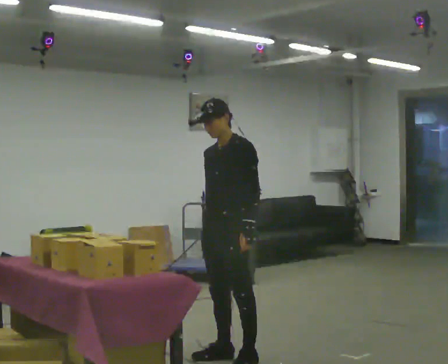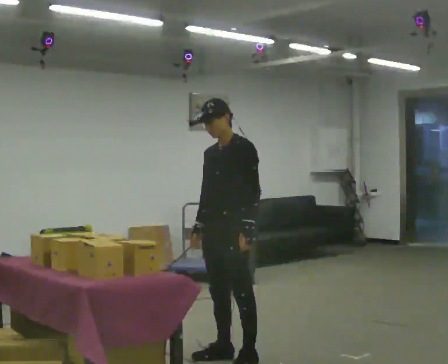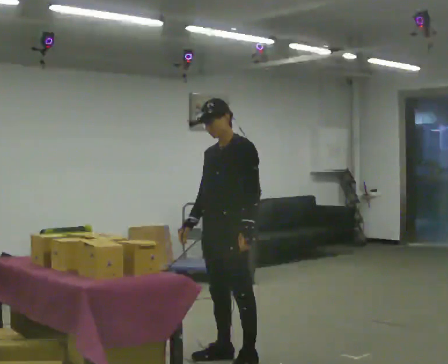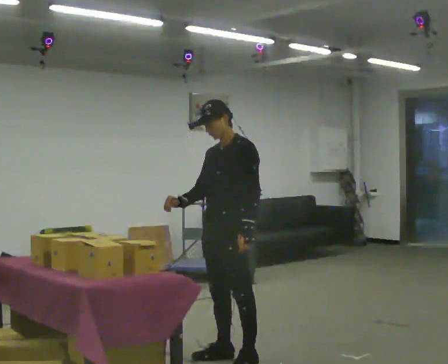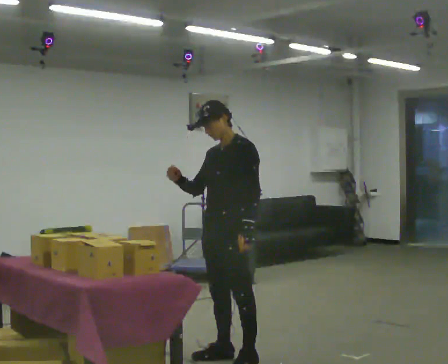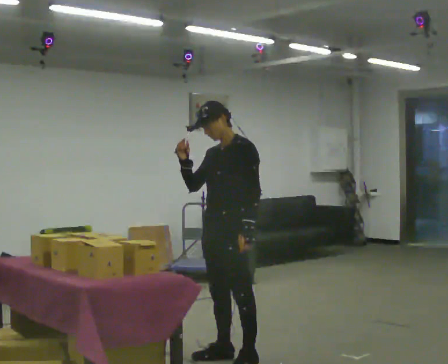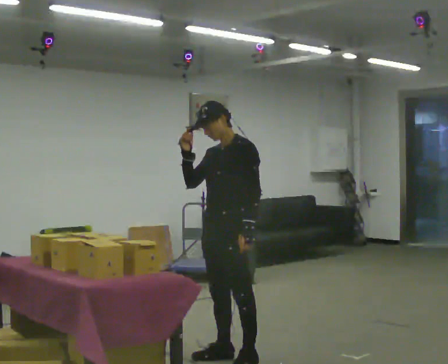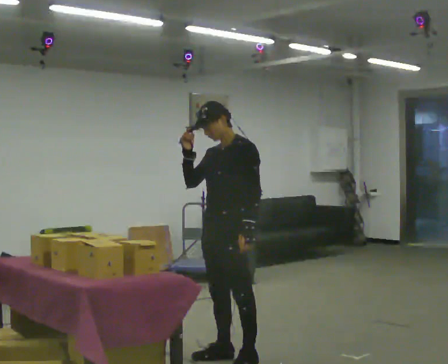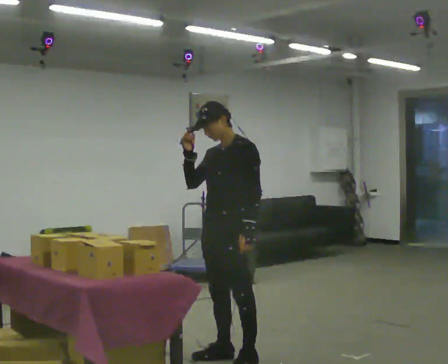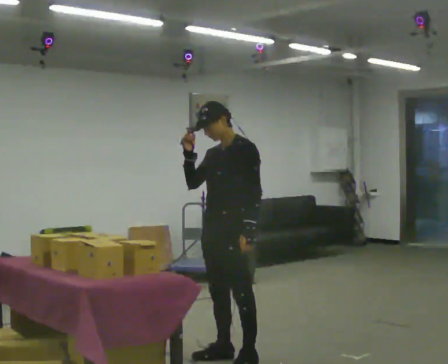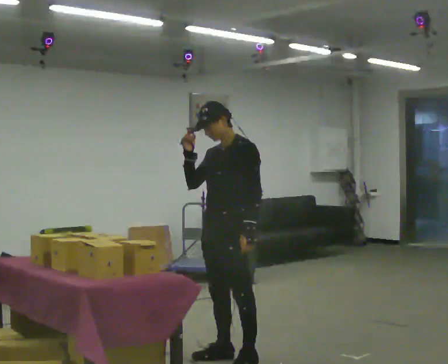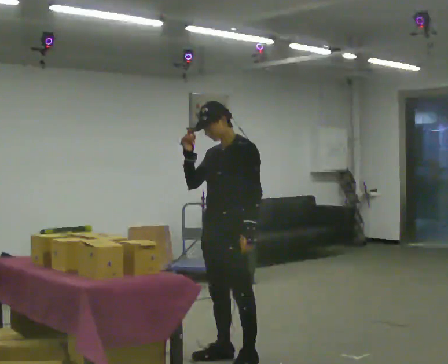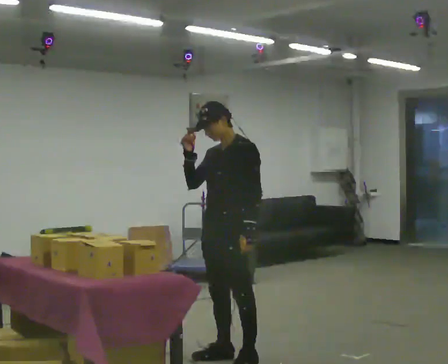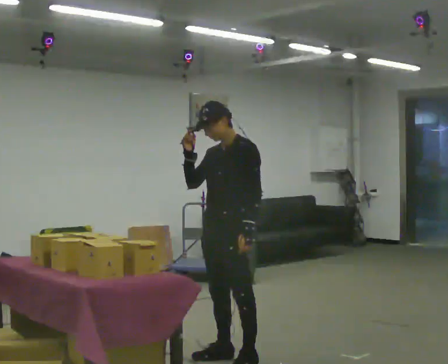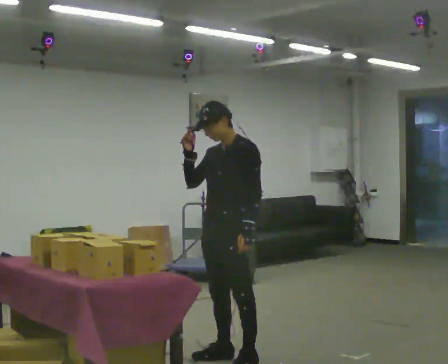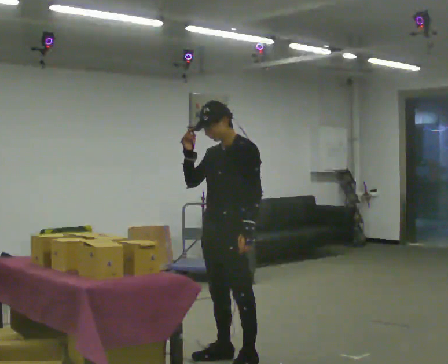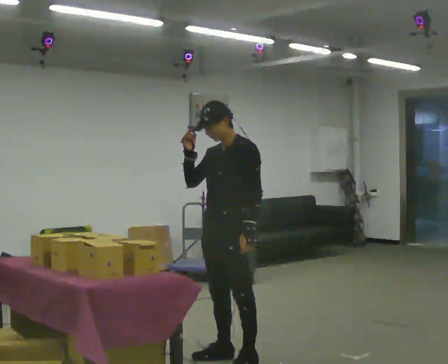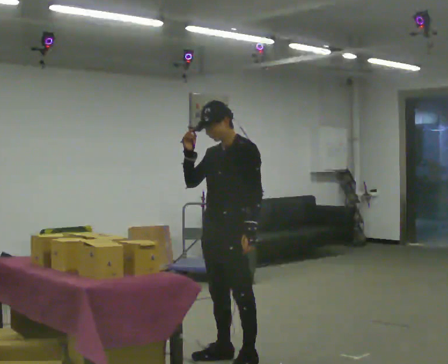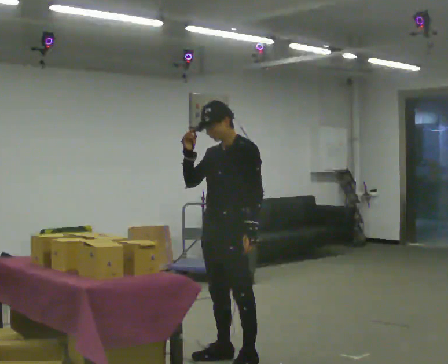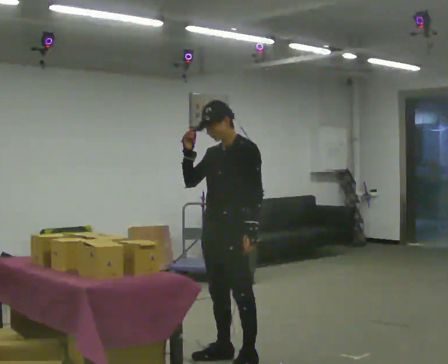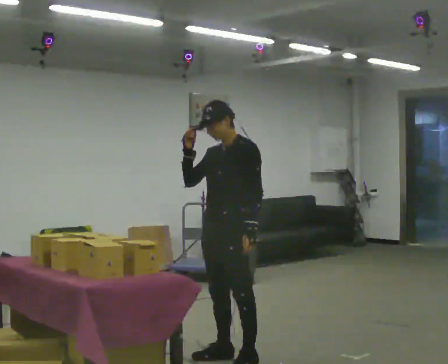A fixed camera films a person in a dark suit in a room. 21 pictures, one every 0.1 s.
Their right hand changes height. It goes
upward.
0.0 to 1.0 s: In the picture their right hand goes upward.
1.0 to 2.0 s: The person keeps their place and pose.
The film runs backward here.
